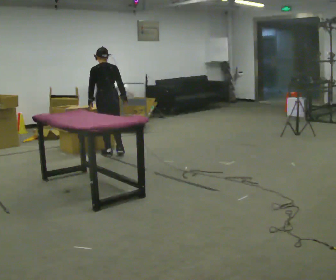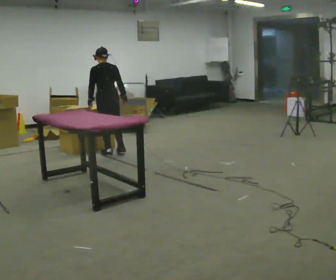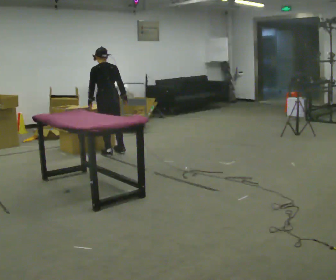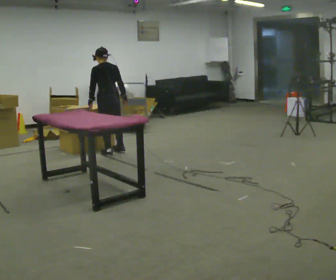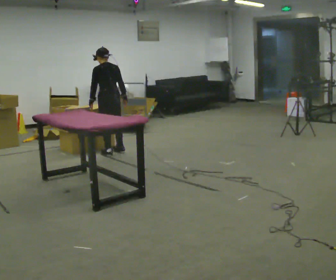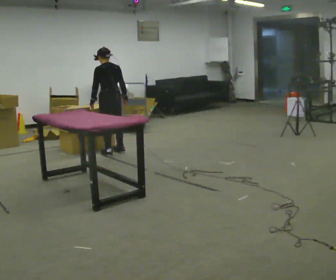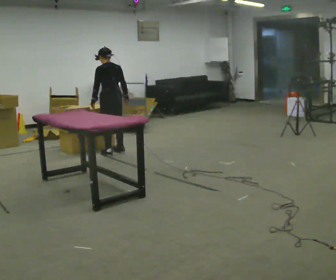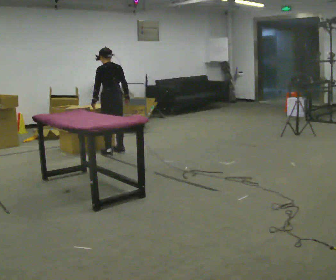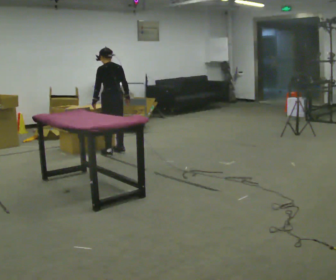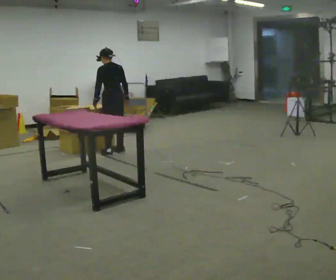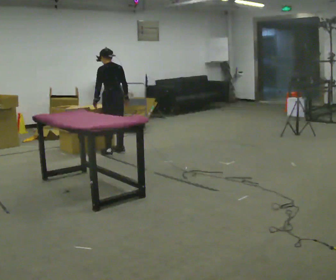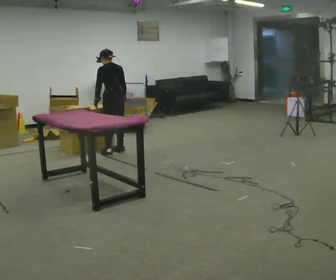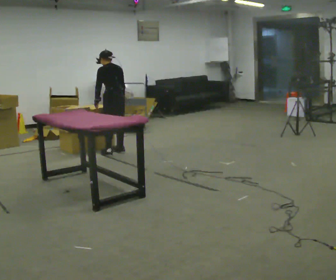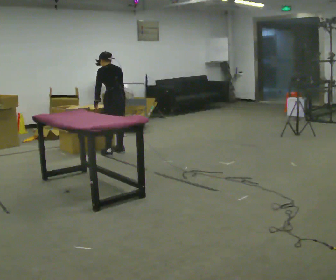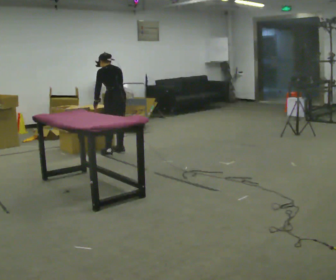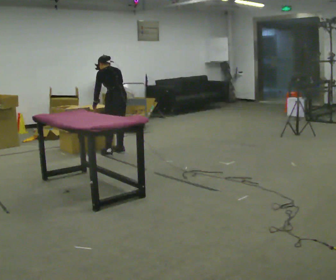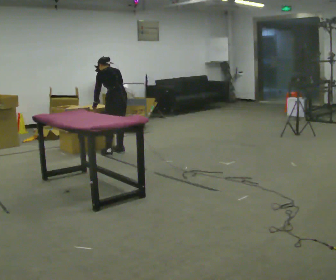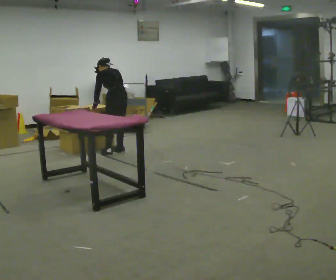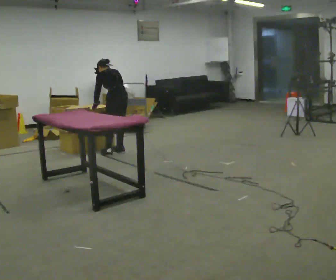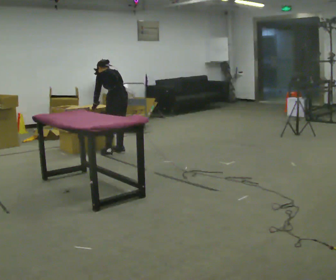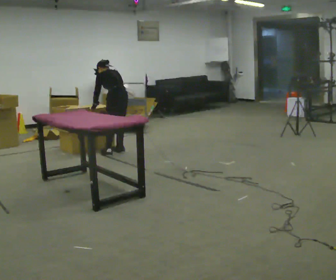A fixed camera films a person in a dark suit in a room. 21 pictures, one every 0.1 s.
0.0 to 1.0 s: The person moves a little, or ends about where they began.
1.0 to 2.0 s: The upper body tips away from the camera, its near side rolling upward, as they bend forward.
The film runs forward here.
